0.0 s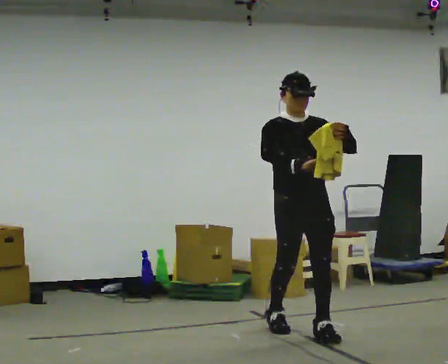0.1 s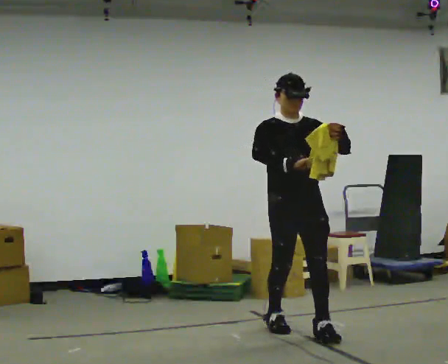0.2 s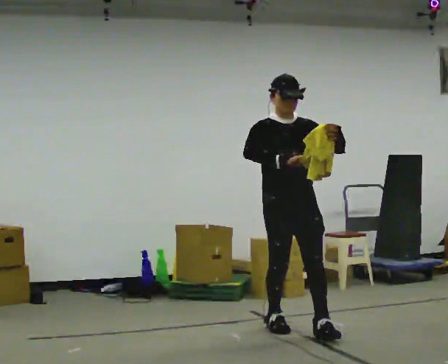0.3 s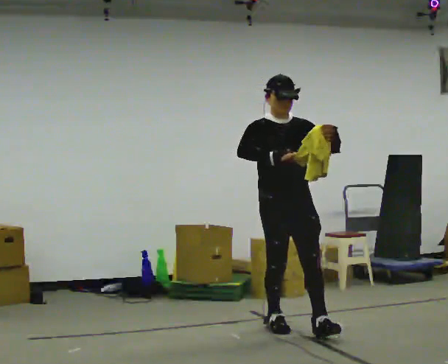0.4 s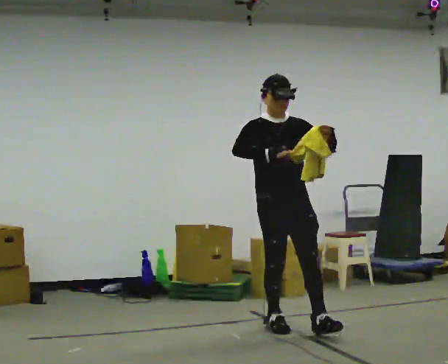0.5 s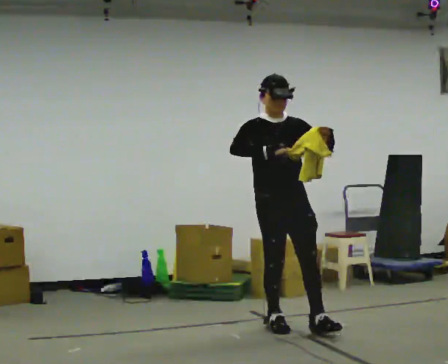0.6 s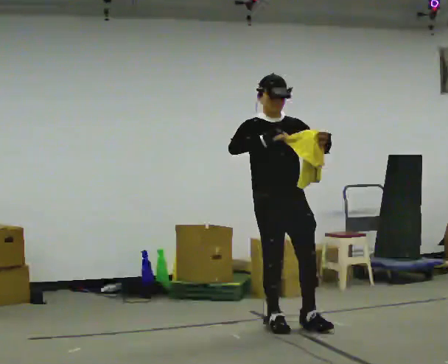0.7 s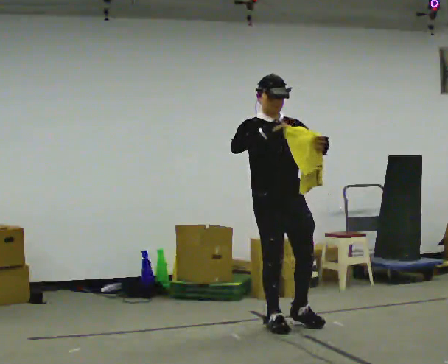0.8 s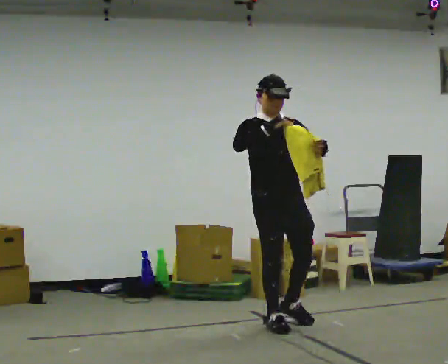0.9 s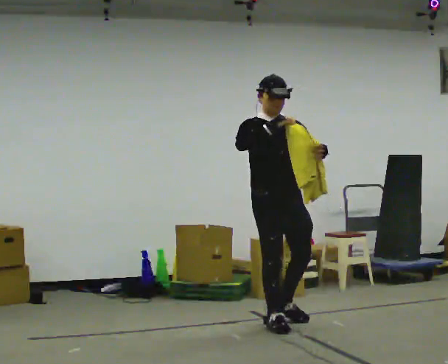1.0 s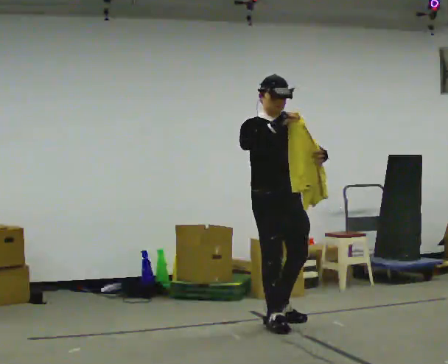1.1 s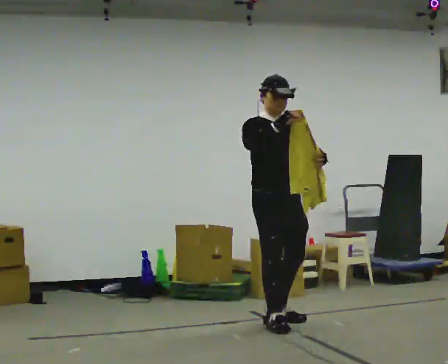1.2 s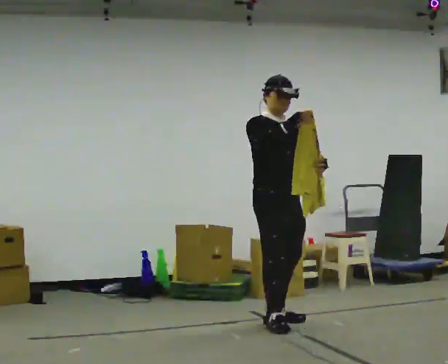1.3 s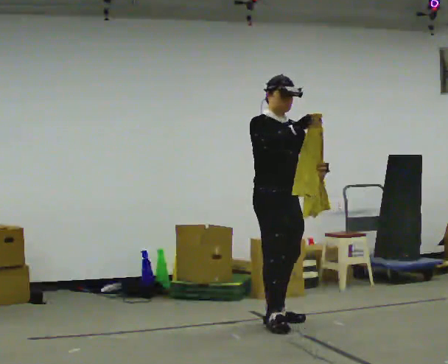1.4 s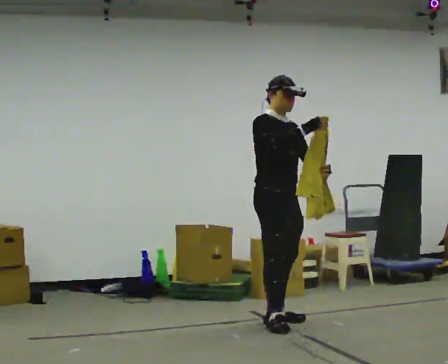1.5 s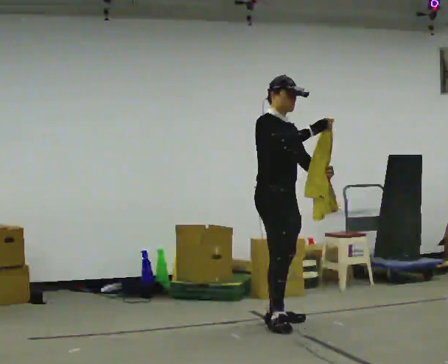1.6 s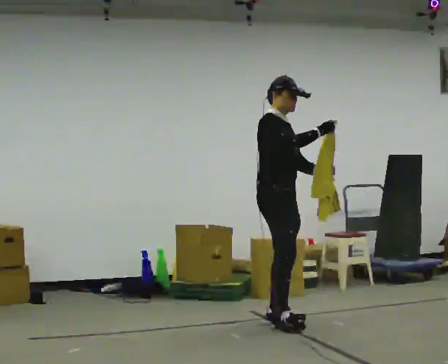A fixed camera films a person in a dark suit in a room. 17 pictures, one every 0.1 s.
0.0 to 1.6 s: The person turns about 60 degrees to their left, counterclockwise seen from above, so the part of the body nearest the lens slides to the right. In the picture they go away from the camera and to the left, about 0.5 m in 2 steps, which for them is backward.
The film runs backward here.
